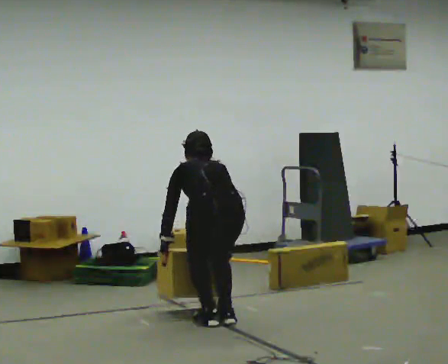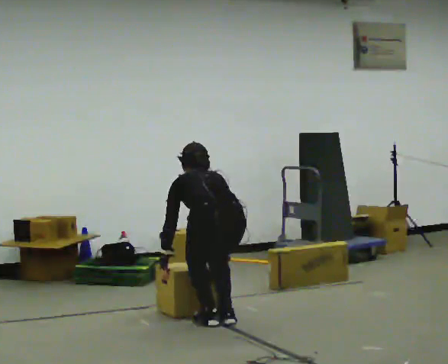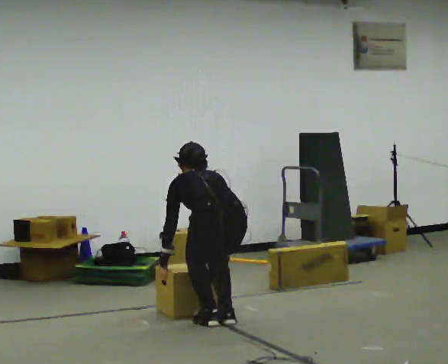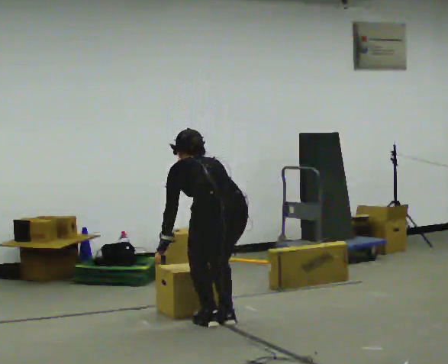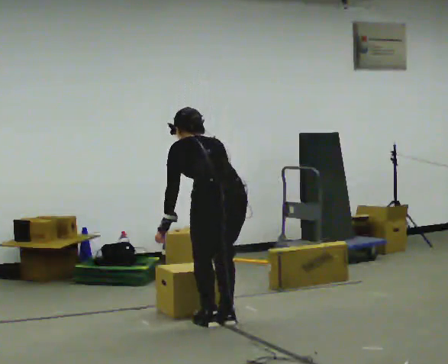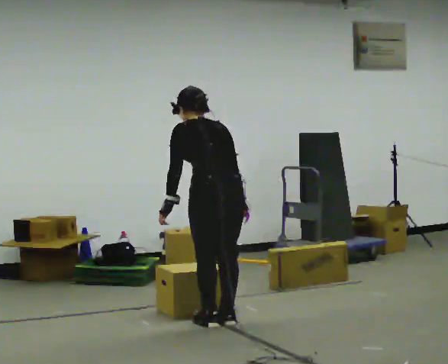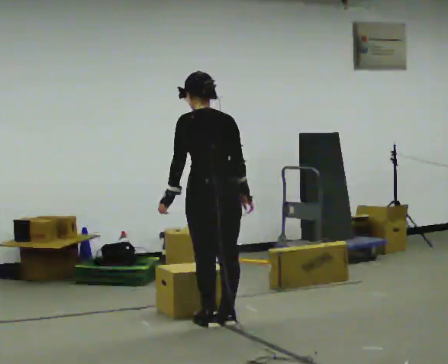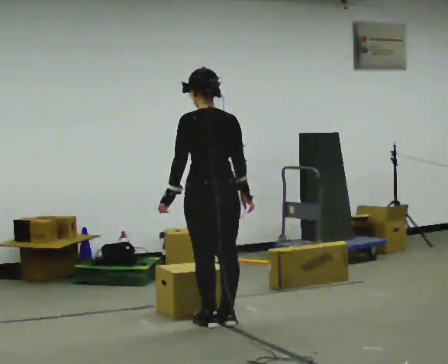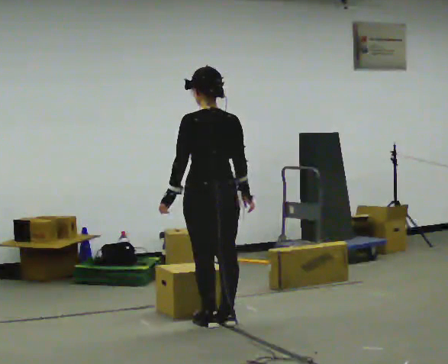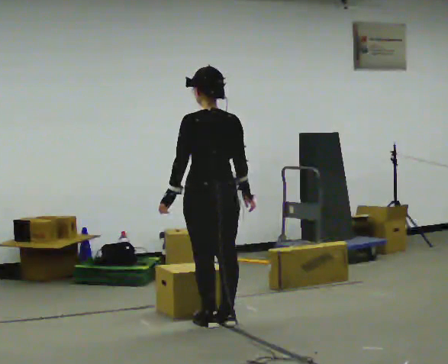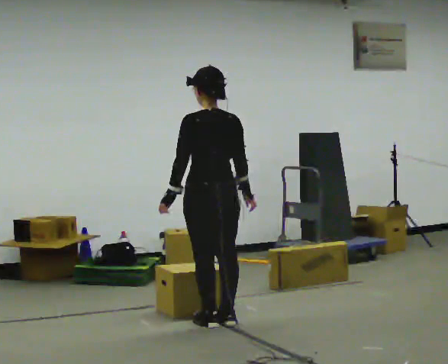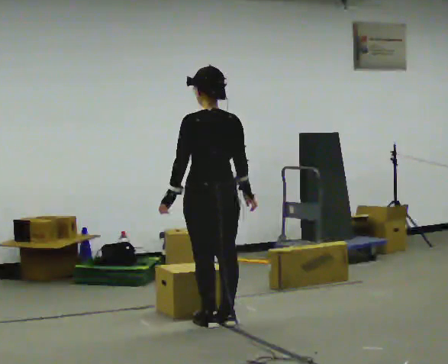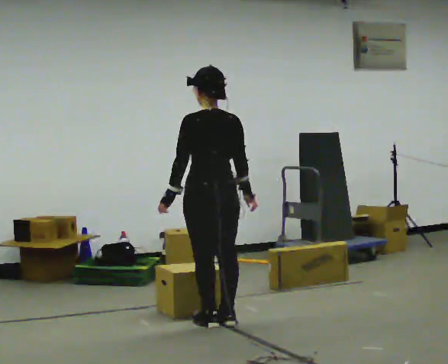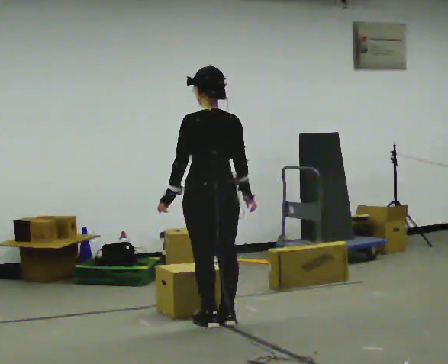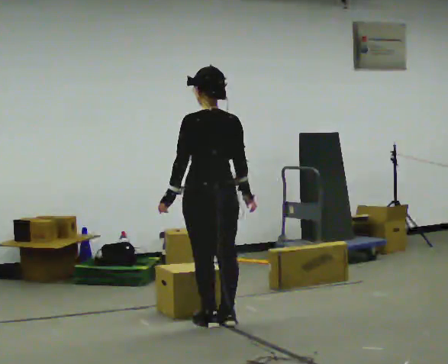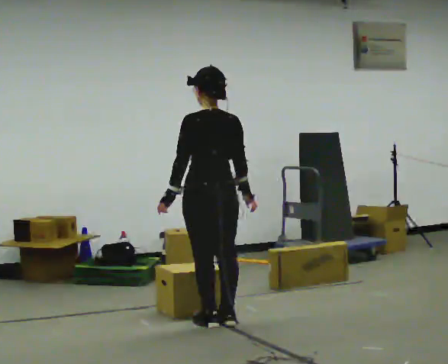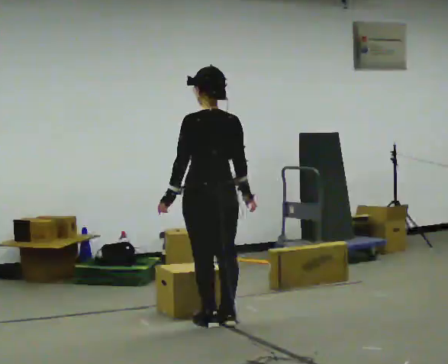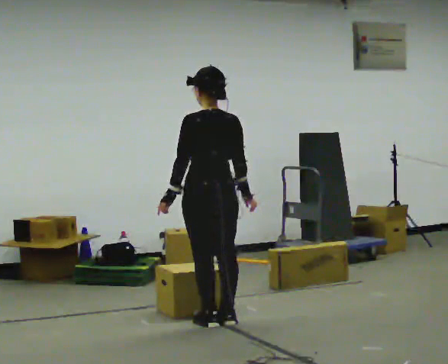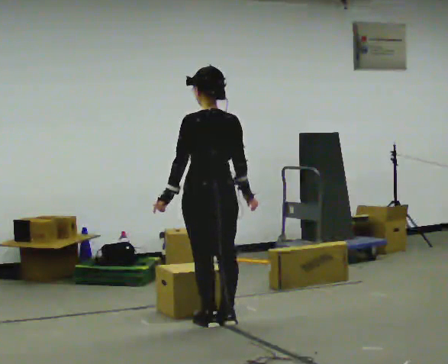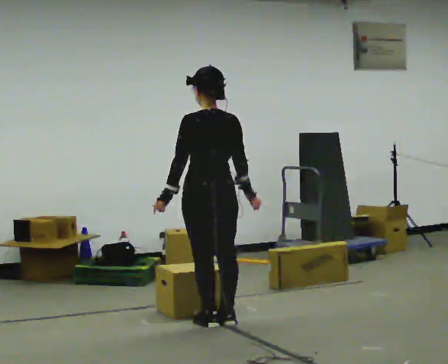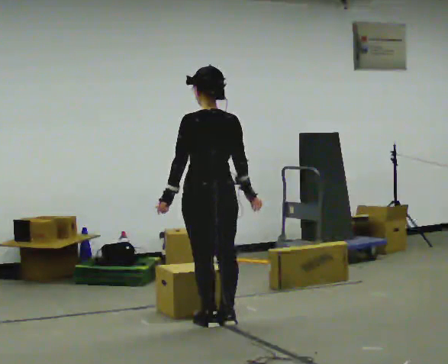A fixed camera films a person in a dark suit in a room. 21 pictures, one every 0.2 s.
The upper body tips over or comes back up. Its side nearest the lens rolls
downward.
0.0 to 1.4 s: The shoulders move upward. The upper body tips toward the camera, its near side rolling downward, as they lean back or straighten. In the picture their right hand goes upward.
1.4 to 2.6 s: The person moves a little, or ends about where they began.
2.6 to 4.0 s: The person keeps their place and pose.
The film runs backward here.
